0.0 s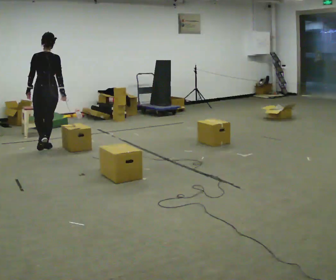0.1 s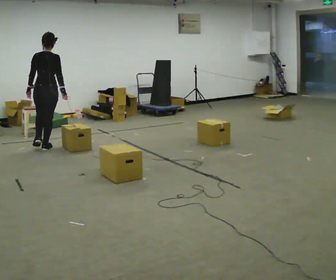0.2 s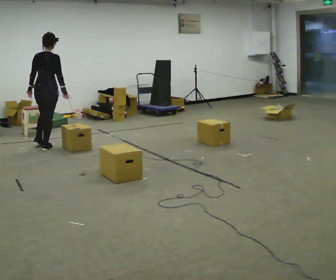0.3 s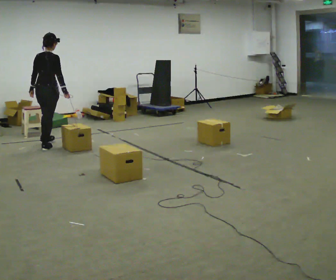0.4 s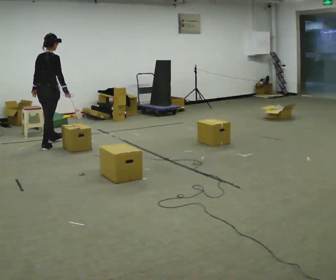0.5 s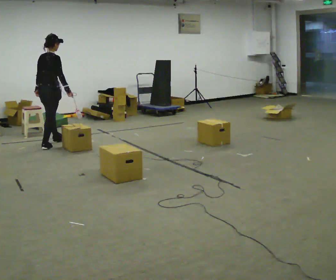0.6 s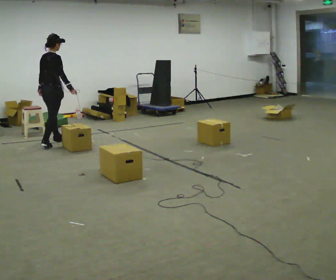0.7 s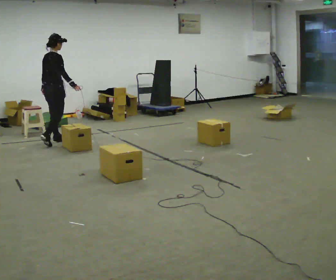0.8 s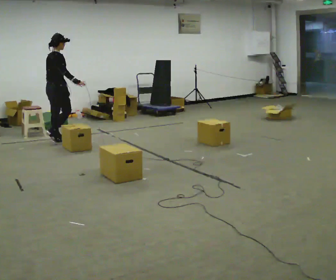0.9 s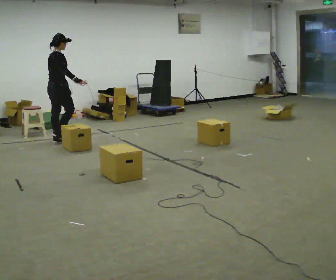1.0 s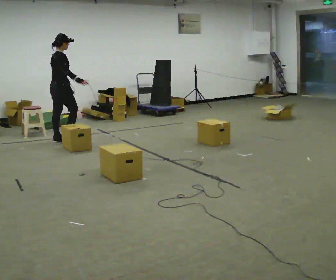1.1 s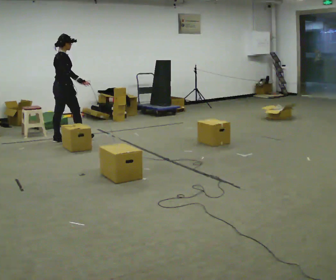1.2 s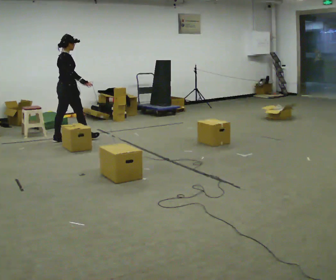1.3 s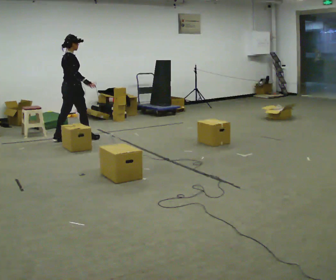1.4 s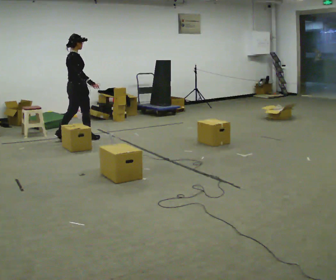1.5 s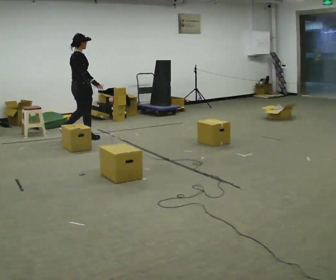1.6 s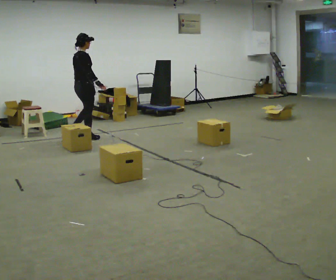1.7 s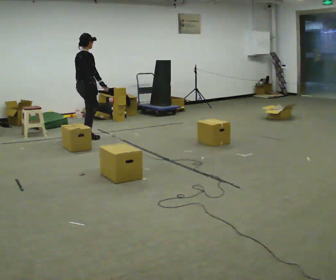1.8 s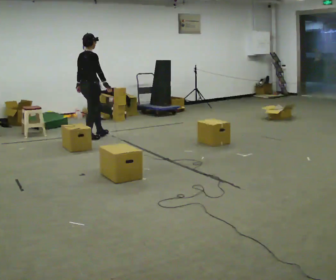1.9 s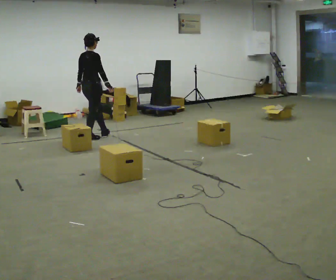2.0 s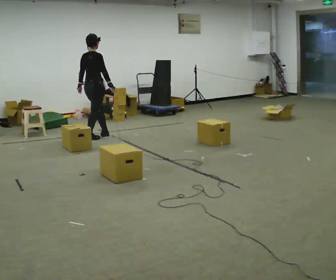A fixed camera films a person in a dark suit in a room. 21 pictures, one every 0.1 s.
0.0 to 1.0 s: The person turns about 60 degrees to their right, clockwise seen from above, so the part of the body nearest the lens slides to the left. In the picture they go away from the camera, about 0.5 m in 1 step.
1.0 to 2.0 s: In the picture they go to the right, about 0.5 m in 2 steps, which for them is forward.
The film runs forward here.
